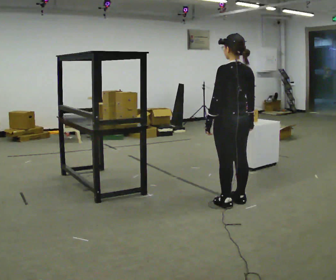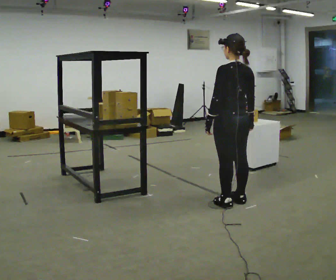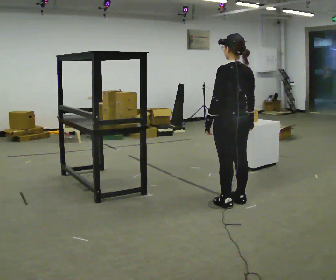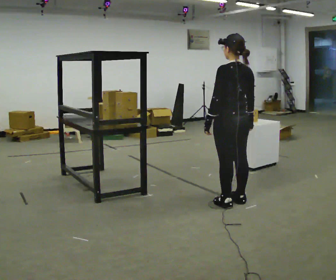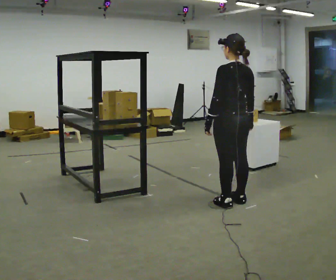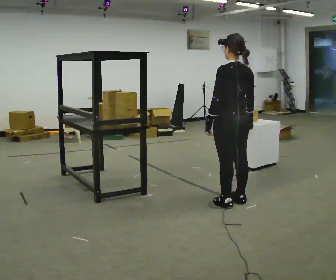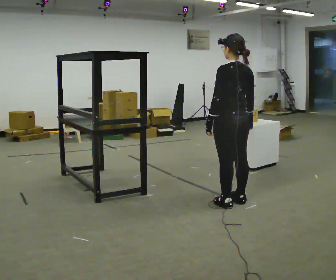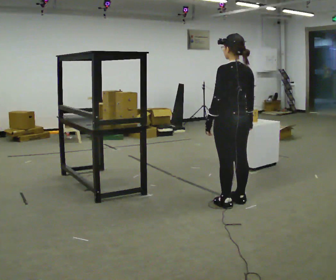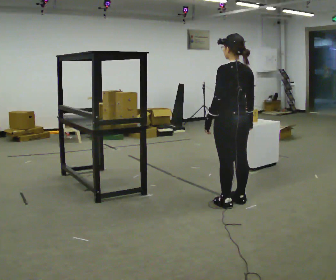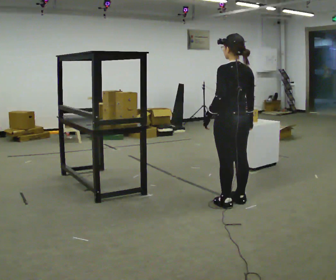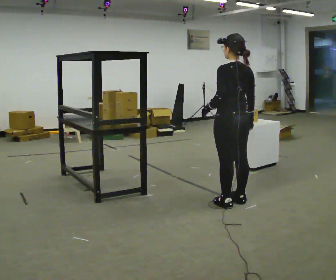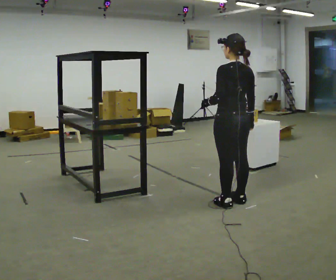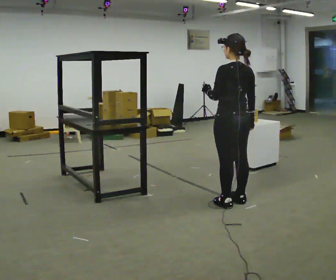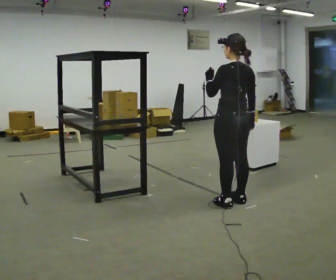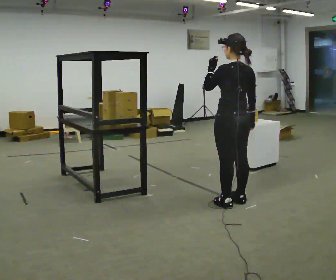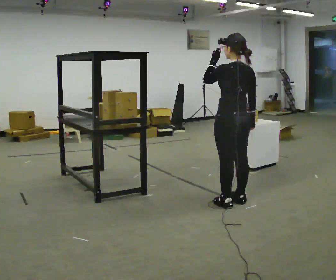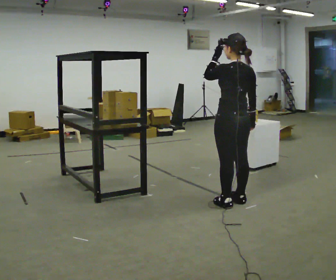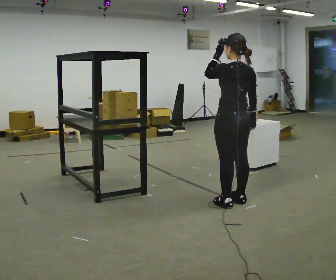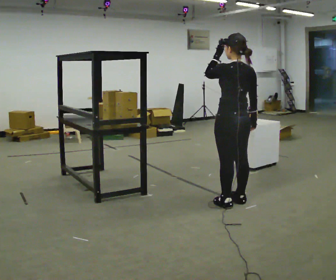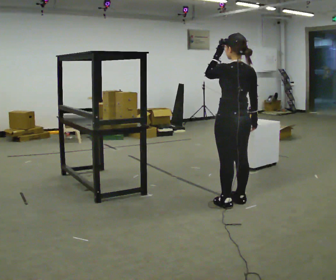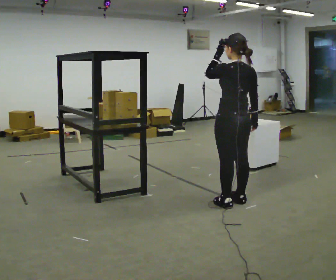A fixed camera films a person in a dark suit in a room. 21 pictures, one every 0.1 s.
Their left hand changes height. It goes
upward.
0.0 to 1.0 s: The person moves a little, or ends about where they began.
1.0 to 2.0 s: In the picture their left hand goes upward.
The film runs backward here.
